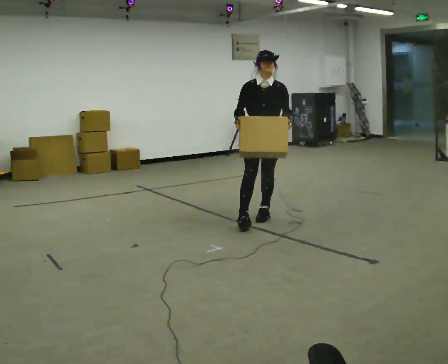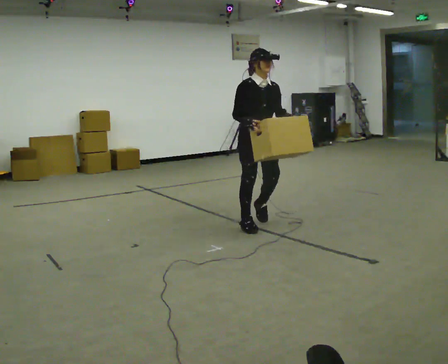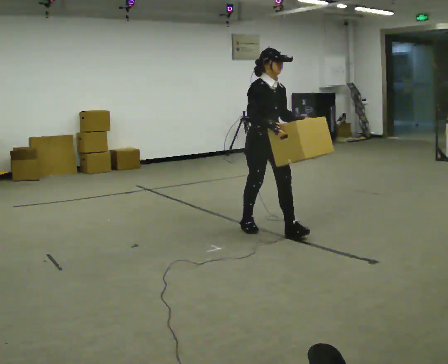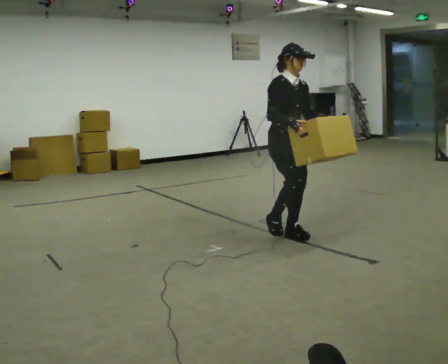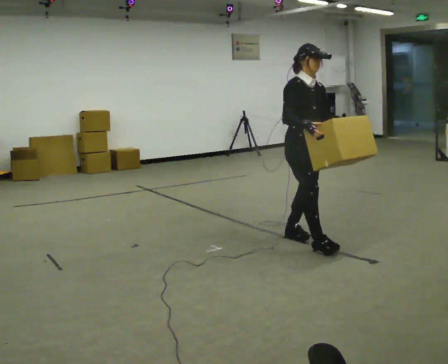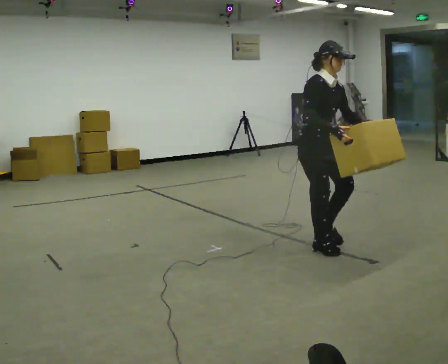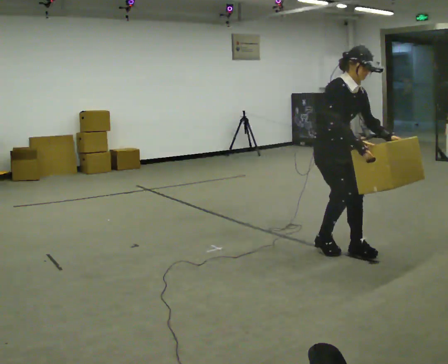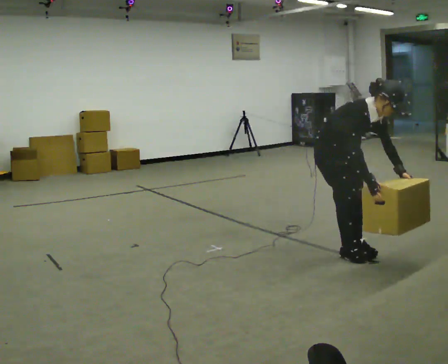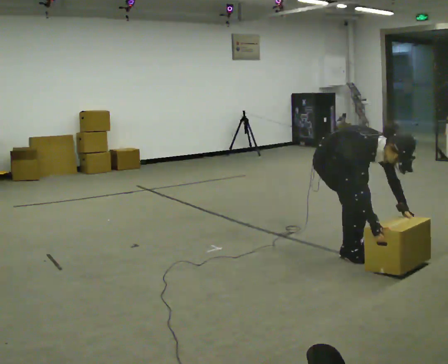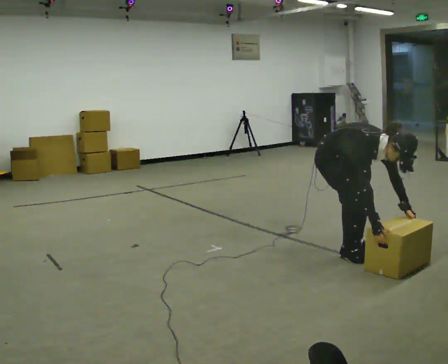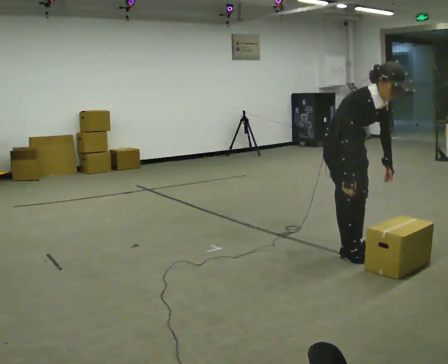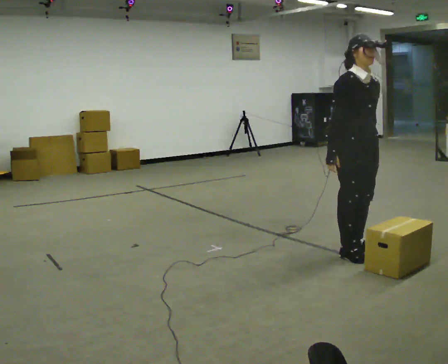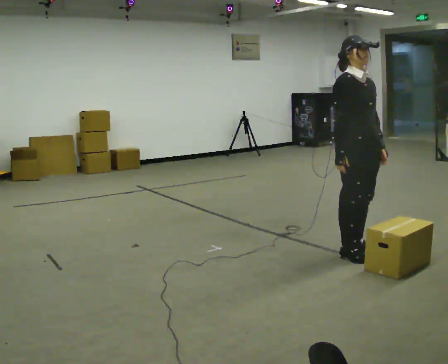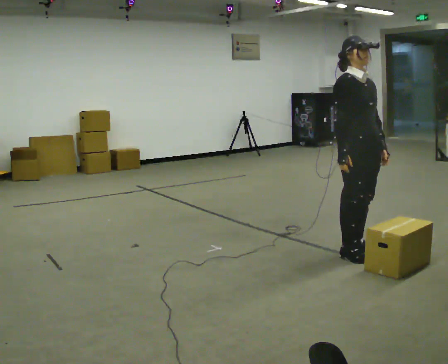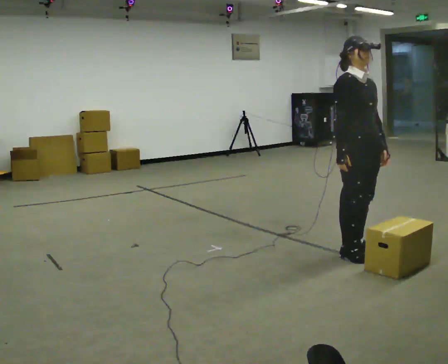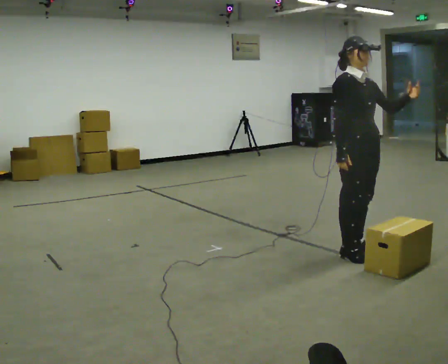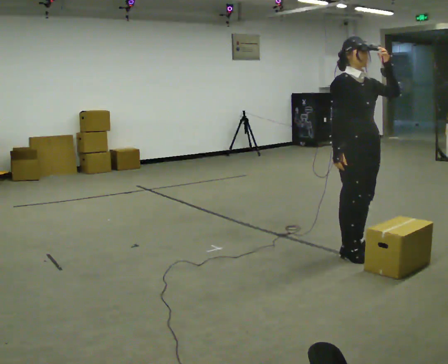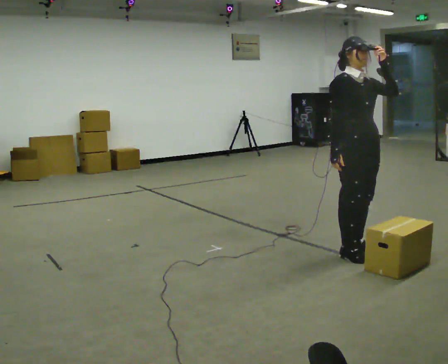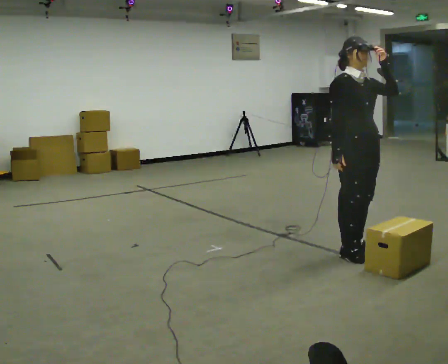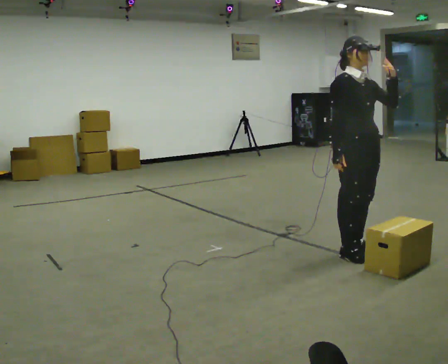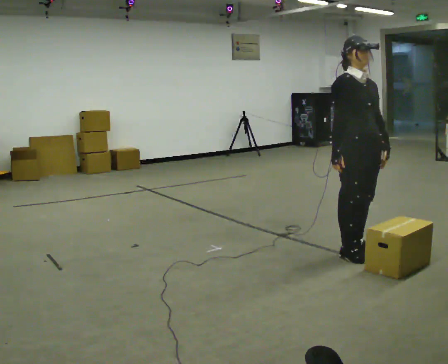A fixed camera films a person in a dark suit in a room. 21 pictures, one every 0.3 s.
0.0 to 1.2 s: Seen from above the body turns counterclockwise, about 45 degrees: to their left, with its near side sliding to the right. In the picture they go toward the camera and to the right, about 1 m in 3 steps, which for them is forward.
1.2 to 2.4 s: In the picture they go to the right and toward the camera, about 0.25 m in 2 steps, which for them is forward. The upper body goes downward. In the picture the upper body tilts clockwise, shoulders to the right, as they bend forward. In the picture their left hand goes downward.
2.4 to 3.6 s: In the picture they go to the right, about 0.25 m, which for them is forward. The shoulders move upward. In the picture the upper body tilts counterclockwise, shoulders to the left, as they lean back or straighten. In the picture their right hand goes upward.
3.6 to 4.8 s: In the picture their left hand goes upward.
4.8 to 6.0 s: In the picture their left hand goes downward.
The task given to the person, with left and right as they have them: Carry the box along the marked route, turning 90 degrees at the corner the operator calls, and set it down at the end. Keep going until the operator says stop; one object at a time, and do not rush between trips.
The film runs forward here.
